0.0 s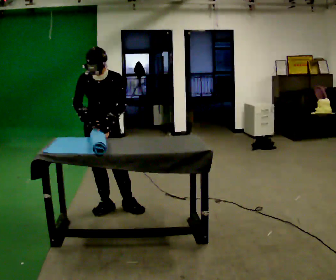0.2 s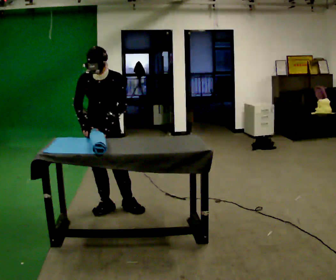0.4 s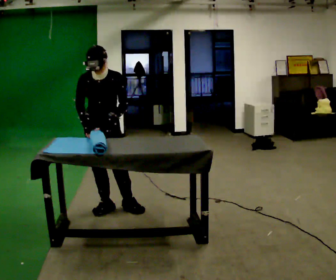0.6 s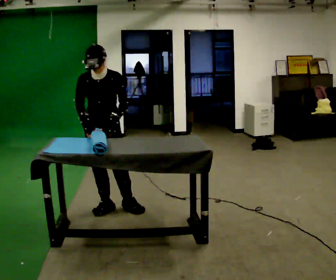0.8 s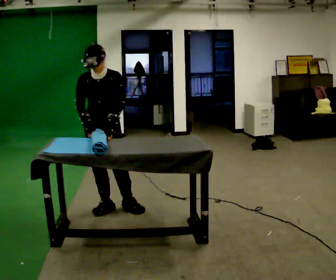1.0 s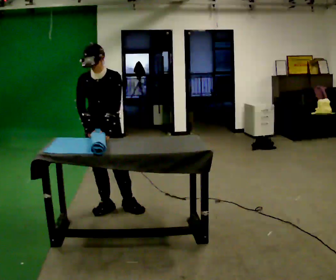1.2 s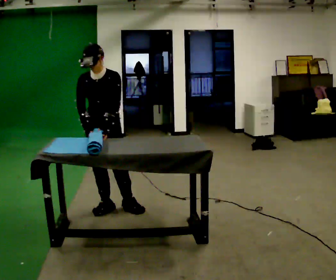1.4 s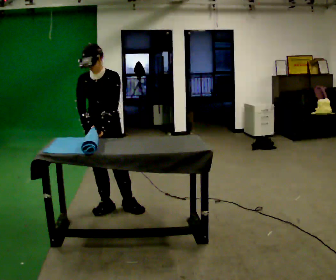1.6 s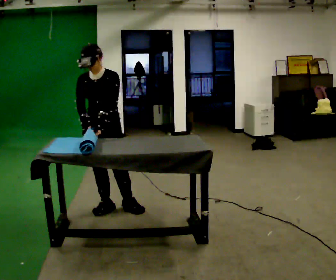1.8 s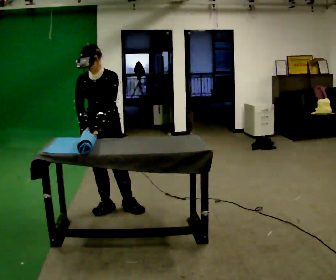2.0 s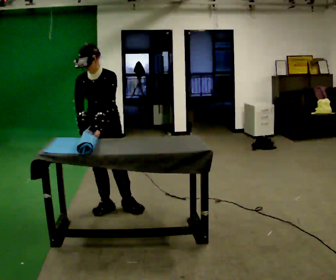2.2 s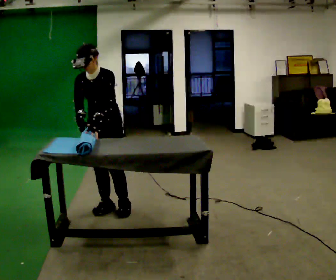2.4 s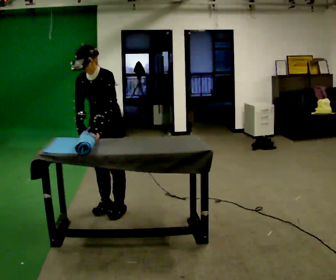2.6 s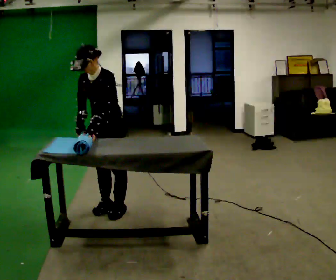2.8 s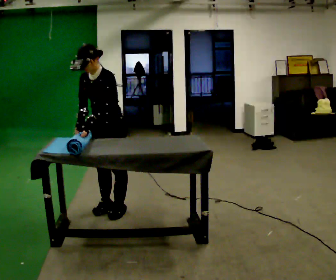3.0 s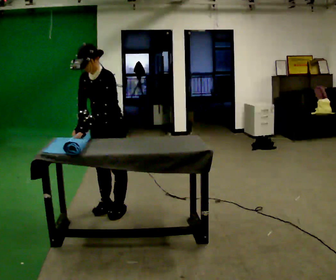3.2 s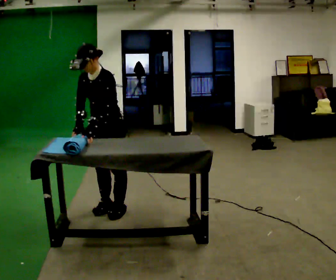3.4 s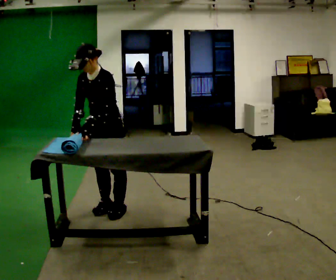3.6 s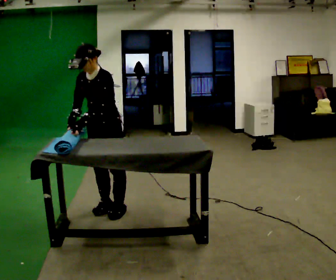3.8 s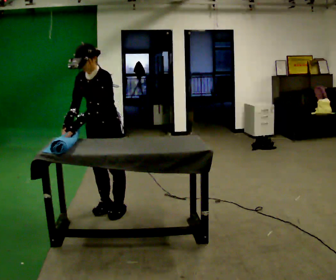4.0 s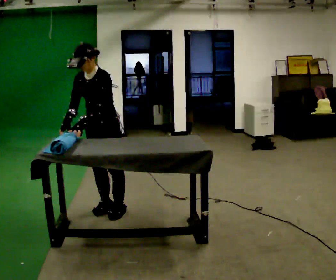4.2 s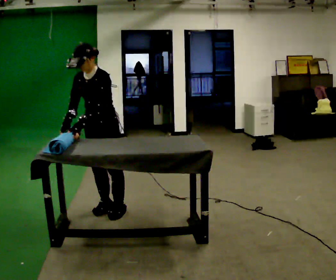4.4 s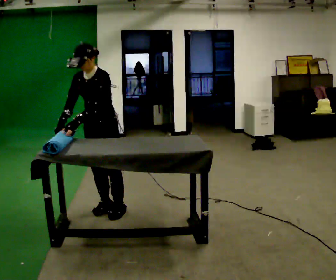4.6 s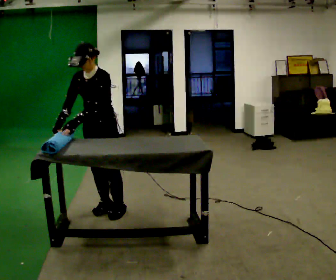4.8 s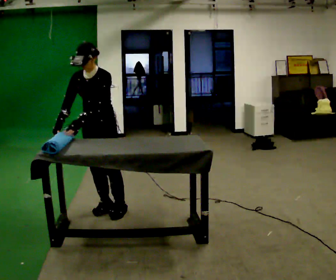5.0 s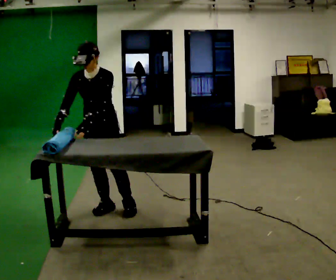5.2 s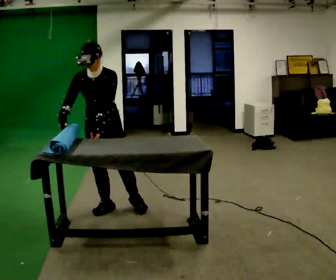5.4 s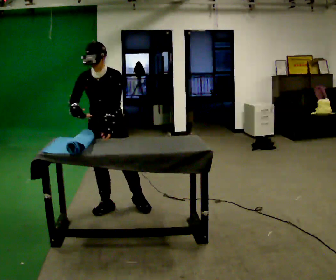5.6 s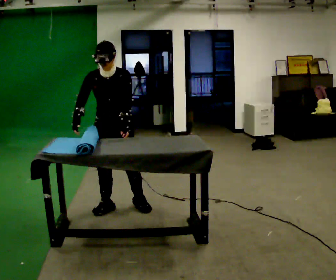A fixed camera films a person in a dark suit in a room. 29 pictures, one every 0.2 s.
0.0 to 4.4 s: The person moves a little, or ends about where they began.
4.4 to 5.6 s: The person turns about 30 degrees to their left, counterclockwise seen from above, so the part of the body nearest the lens slides to the right. In the picture their left hand goes to the right.
The film runs forward here.
